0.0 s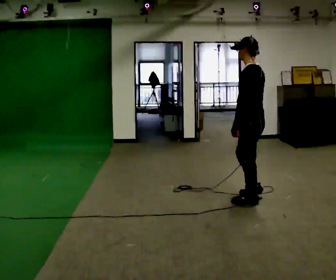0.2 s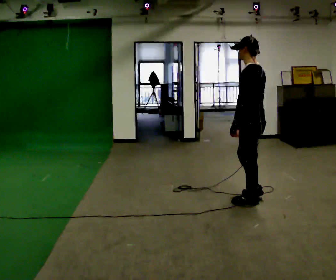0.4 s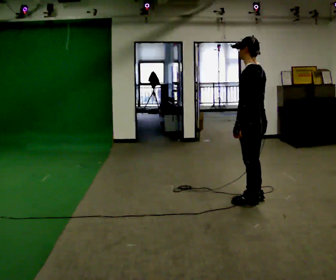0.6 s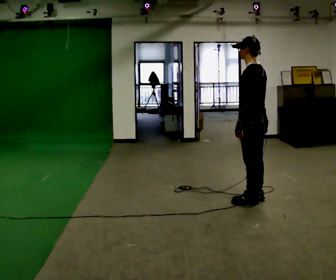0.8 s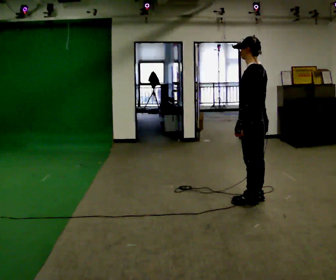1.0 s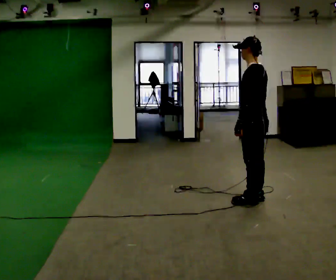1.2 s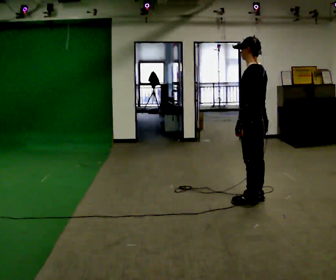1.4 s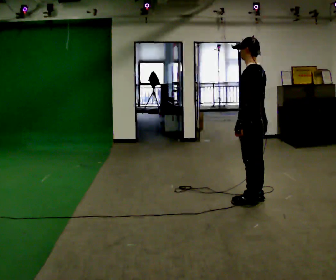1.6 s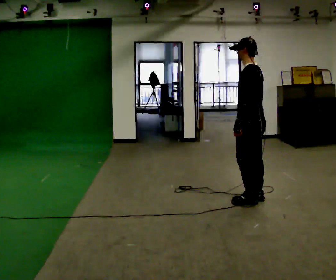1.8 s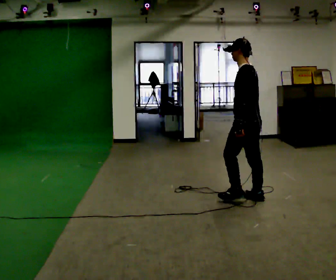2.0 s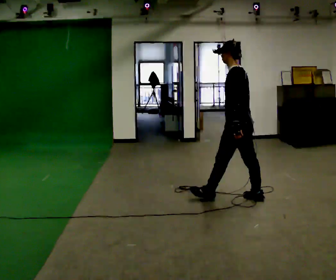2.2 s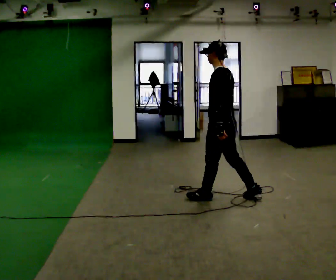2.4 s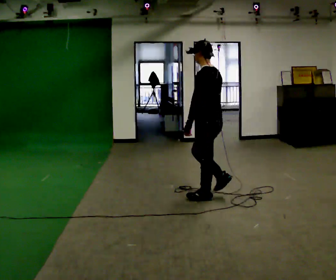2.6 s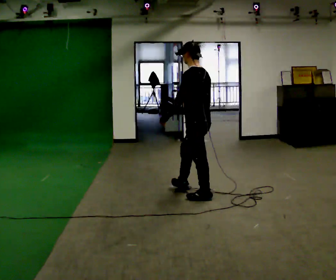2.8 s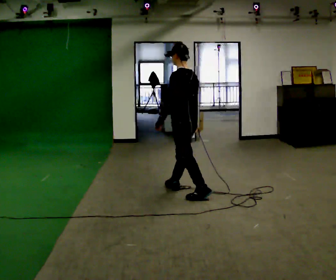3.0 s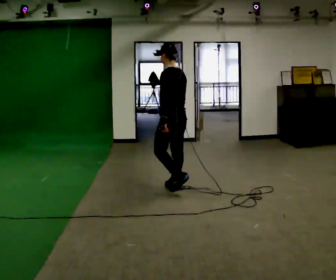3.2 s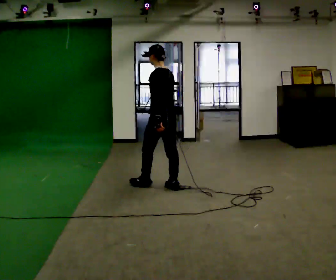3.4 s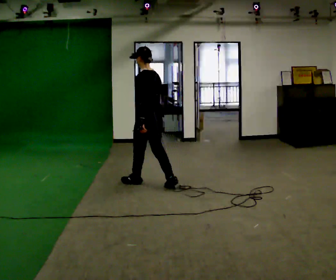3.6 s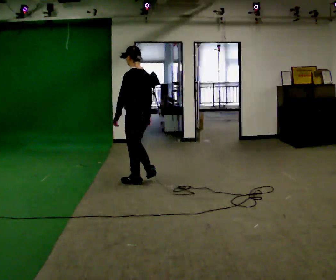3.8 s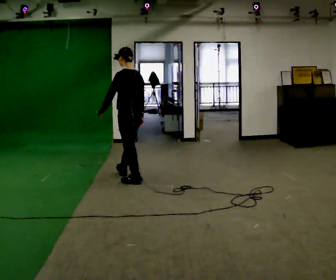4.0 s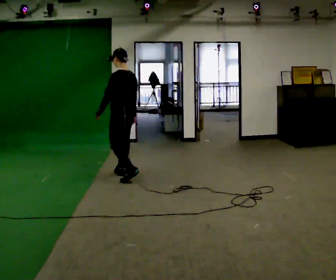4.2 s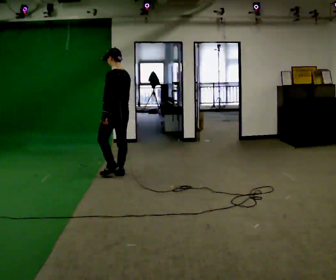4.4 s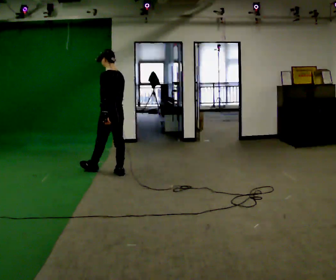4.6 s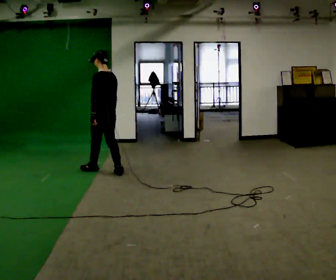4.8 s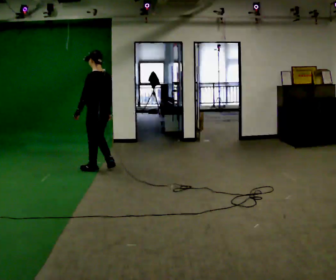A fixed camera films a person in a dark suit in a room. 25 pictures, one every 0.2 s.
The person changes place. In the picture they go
to the left.
0.0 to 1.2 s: The person moves a little, or ends about where they began.
1.2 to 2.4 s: In the picture they go to the left, about 0.5 m in 1 step, which for them is forward.
2.4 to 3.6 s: In the picture they go to the left and away from the camera, about 1 m in 2 steps, which for them is forward.
3.6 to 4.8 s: In the picture they go to the left and away from the camera, about 1 m in 2 steps, which for them is forward.
The film runs forward here.
